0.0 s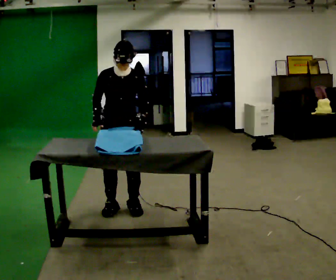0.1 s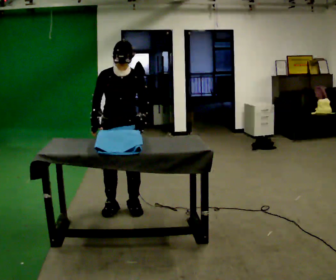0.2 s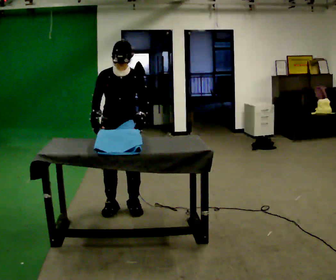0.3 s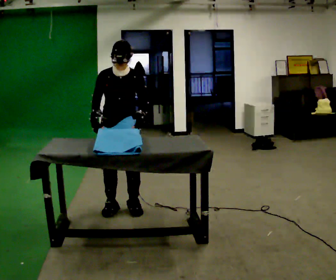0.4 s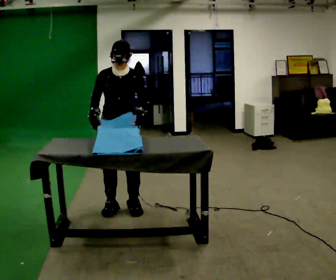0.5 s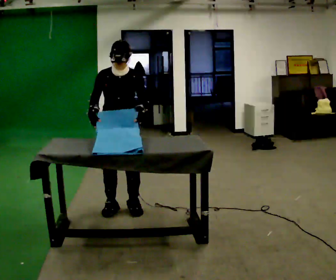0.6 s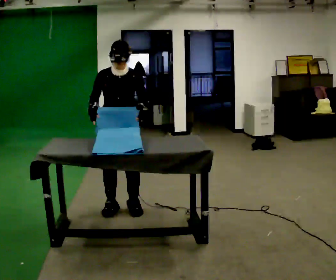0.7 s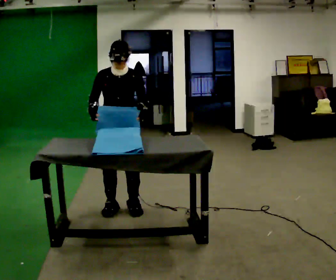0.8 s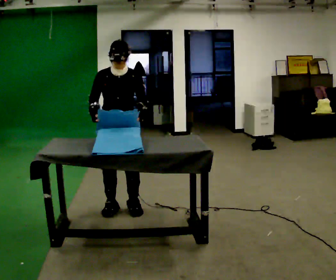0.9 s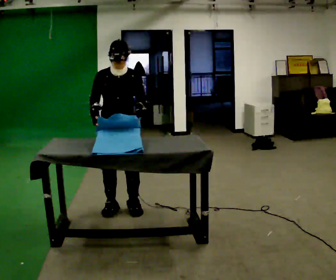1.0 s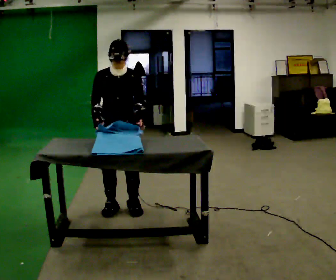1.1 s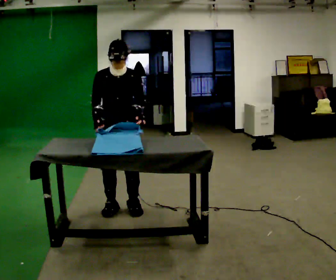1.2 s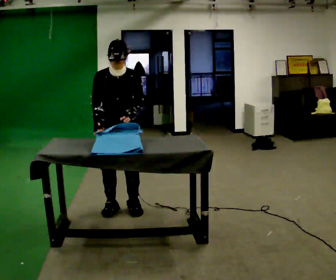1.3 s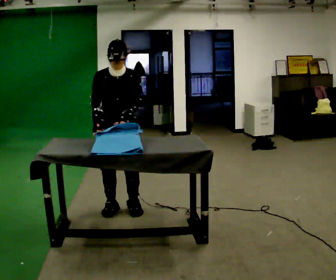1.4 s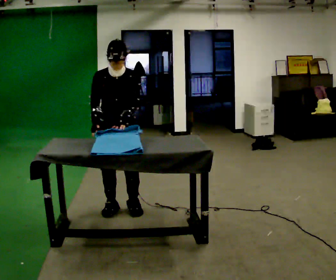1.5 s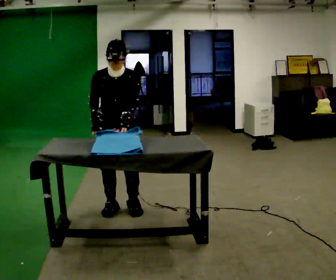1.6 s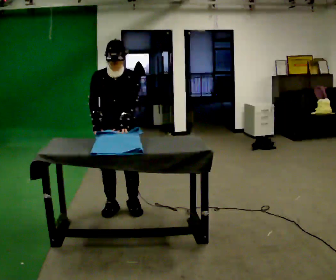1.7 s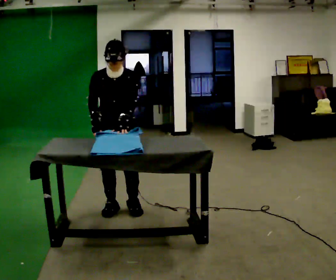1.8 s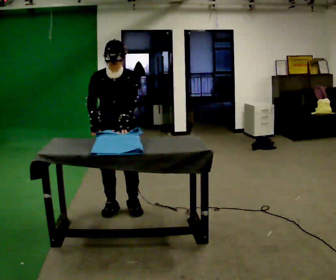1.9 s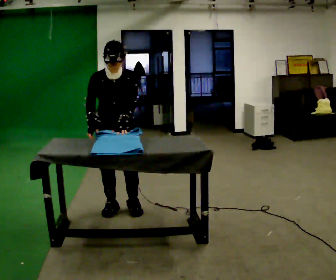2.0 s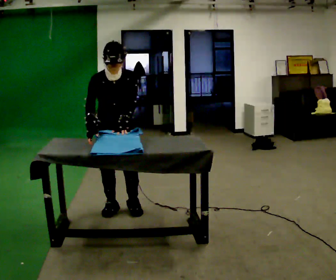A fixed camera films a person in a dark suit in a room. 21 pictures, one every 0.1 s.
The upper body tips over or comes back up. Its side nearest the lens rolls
downward.
0.0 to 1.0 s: The person moves a little, or ends about where they began.
1.0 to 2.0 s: The upper body tips toward the camera, its near side rolling downward, as they bend forward.
The film runs forward here.
